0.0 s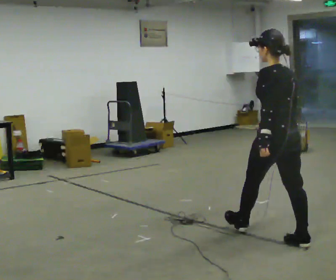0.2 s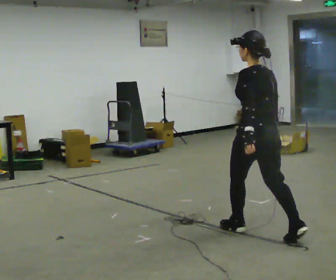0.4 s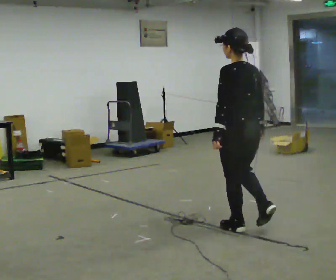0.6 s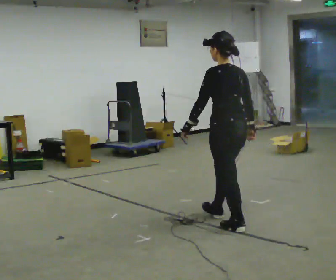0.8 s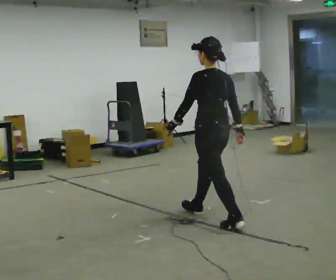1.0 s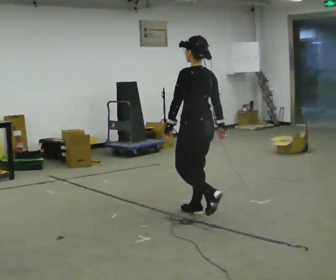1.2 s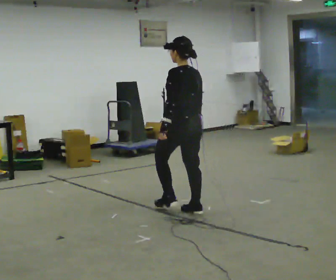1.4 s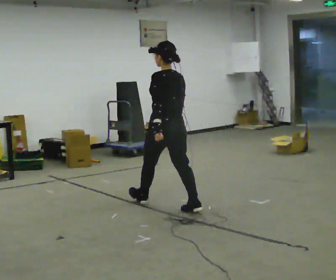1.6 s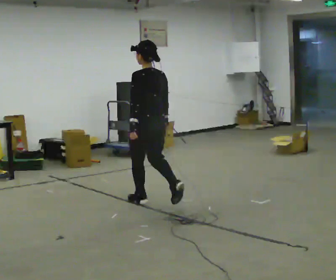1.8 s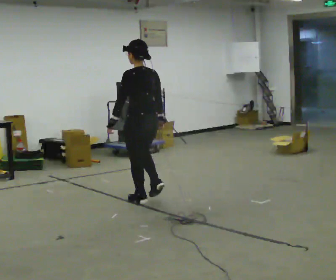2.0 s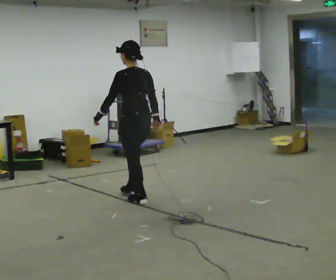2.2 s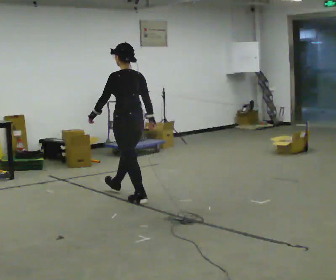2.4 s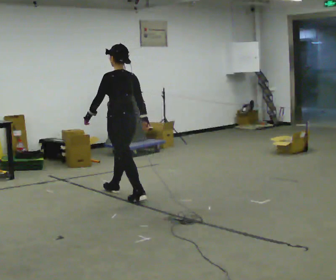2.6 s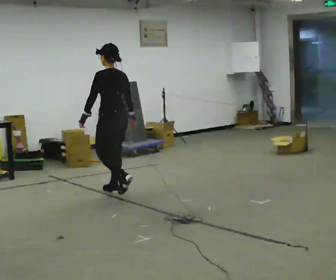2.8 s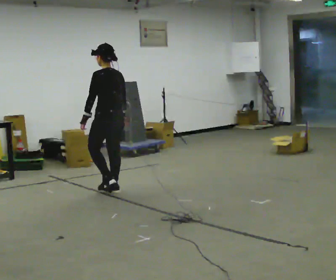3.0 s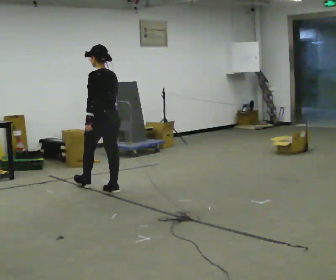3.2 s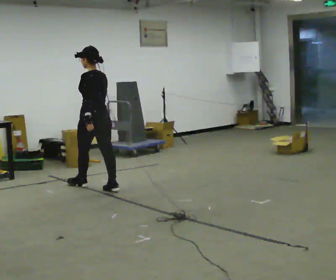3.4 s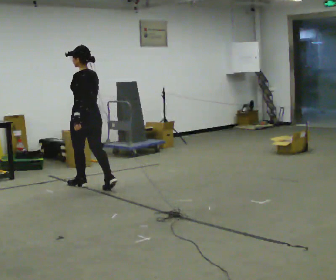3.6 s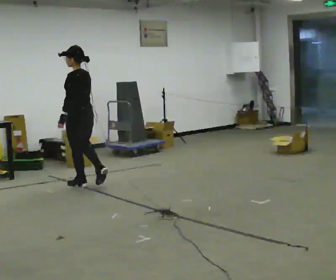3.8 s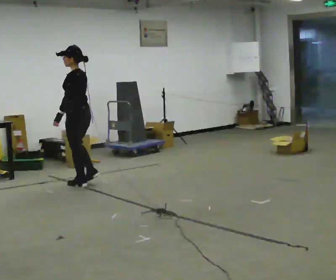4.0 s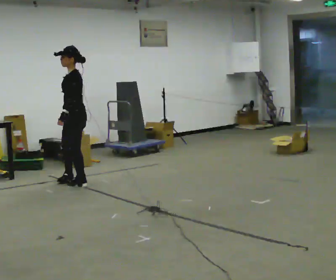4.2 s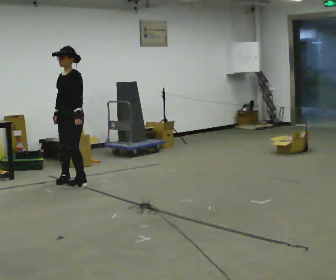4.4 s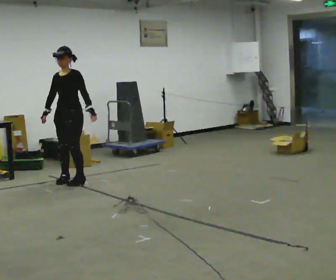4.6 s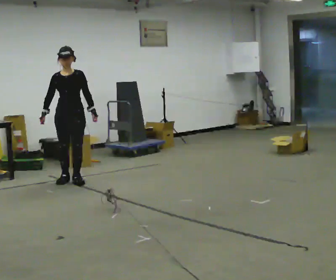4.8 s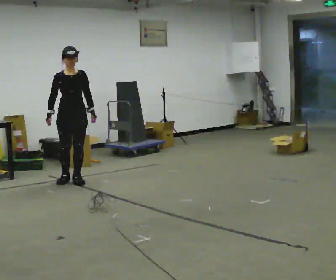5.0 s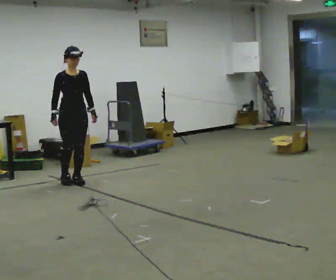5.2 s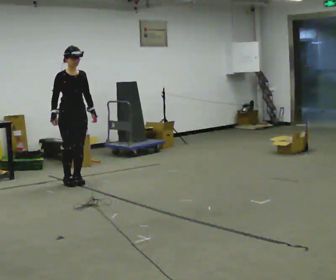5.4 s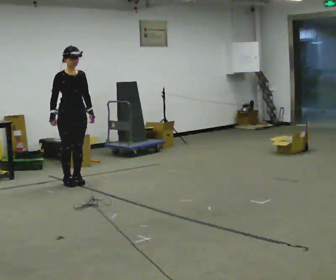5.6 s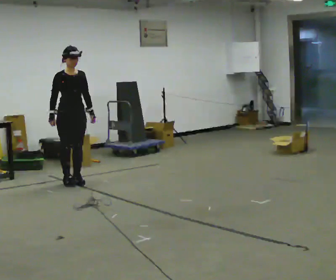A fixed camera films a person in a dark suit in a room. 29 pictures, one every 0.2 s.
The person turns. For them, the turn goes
to their left.
The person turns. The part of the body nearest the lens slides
to the right.
0.0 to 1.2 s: In the picture they go away from the camera and to the left, about 1 m in 2 steps, which for them is forward.
1.2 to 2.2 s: In the picture they go away from the camera and to the left, about 1 m in 1 step, which for them is forward.
2.2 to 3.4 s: In the picture they go away from the camera and to the left, about 0.5 m in 2 steps, which for them is forward.
3.4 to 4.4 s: The part of the body nearest the lens slides to the right as the person turns to their left by about 105 degrees. In the picture they go away from the camera and to the left, about 0.25 m in 1 step.
4.4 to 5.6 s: The person turns about 60 degrees to their left, counterclockwise seen from above, so the part of the body nearest the lens slides to the right.
The film runs forward here.
